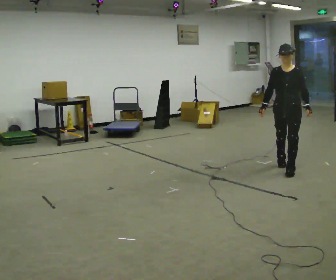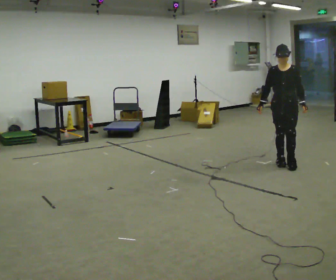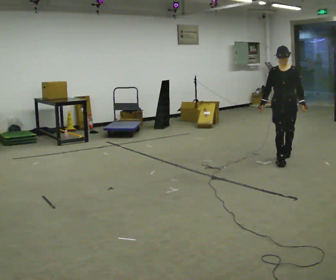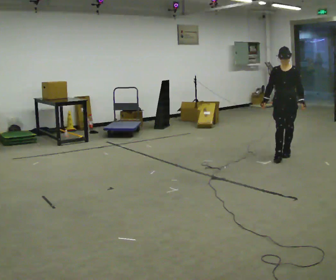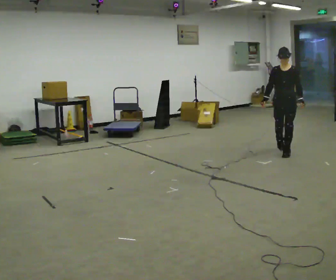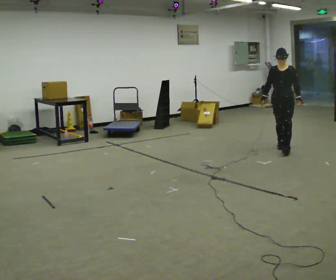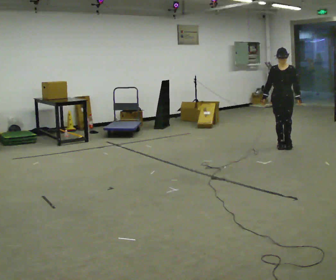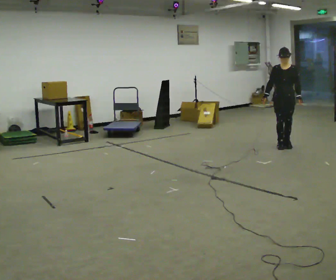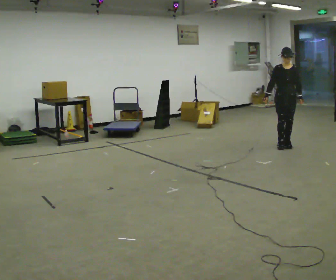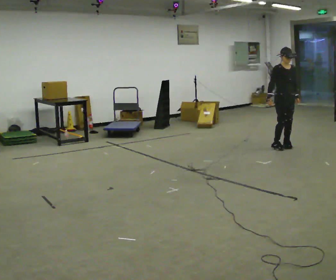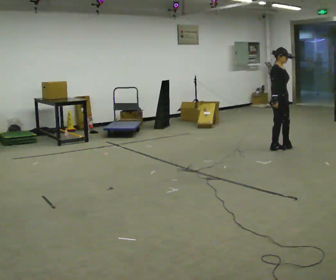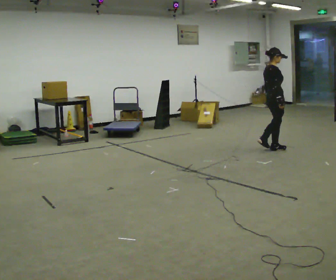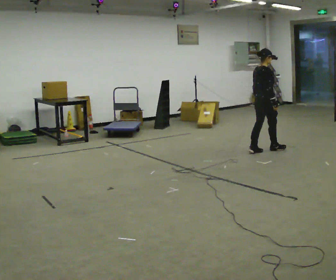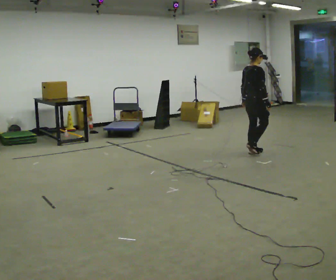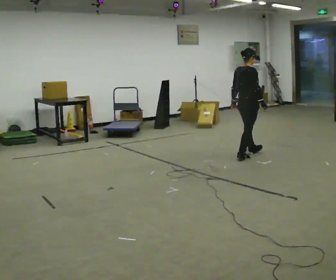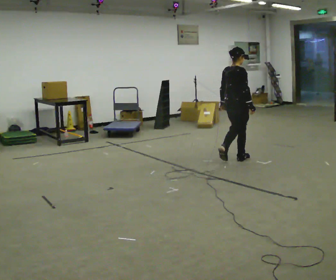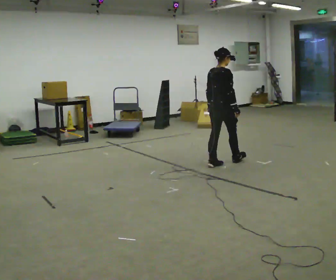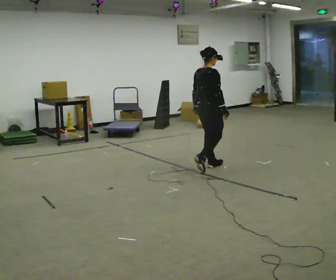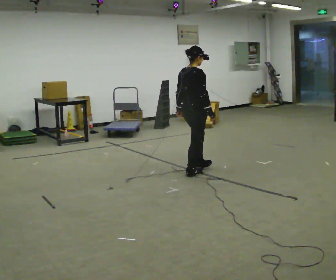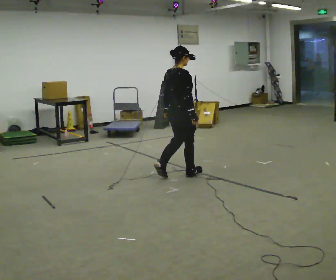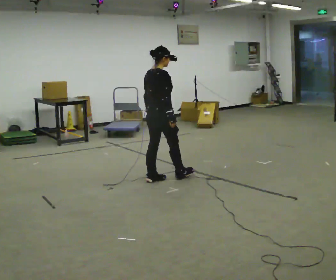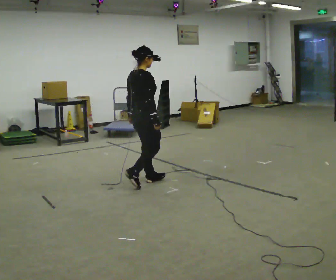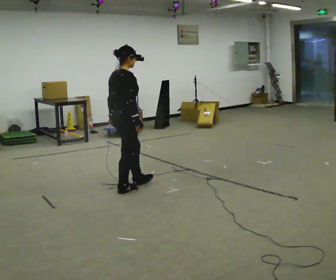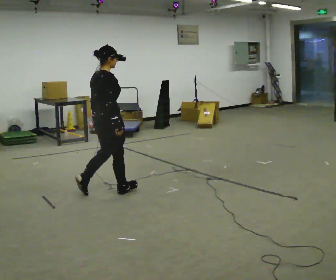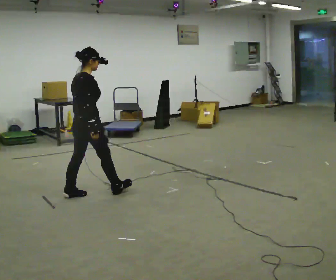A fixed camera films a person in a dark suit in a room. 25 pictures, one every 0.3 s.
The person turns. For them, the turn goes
to their left.
The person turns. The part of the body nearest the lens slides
to the right.
0.0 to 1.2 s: In the picture they go away from the camera, about 1 m in 2 steps, which for them is backward.
1.2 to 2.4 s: In the picture they go away from the camera, about 0.5 m in 1 step, which for them is backward.
2.4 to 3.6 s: Seen from above the body turns counterclockwise, about 120 degrees: to their left, with its near side sliding to the right. In the picture they go to the left and toward the camera, about 0.5 m in 2 steps.
3.6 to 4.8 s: In the picture they go toward the camera and to the left, about 1 m in 3 steps, which for them is backward.
4.8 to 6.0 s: In the picture they go toward the camera and to the left, about 1 m in 2 steps, which for them is backward.
6.0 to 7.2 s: In the picture they go toward the camera and to the left, about 1 m in 2 steps, which for them is backward.
The film runs backward here.
